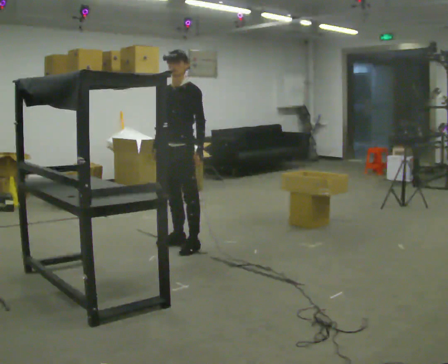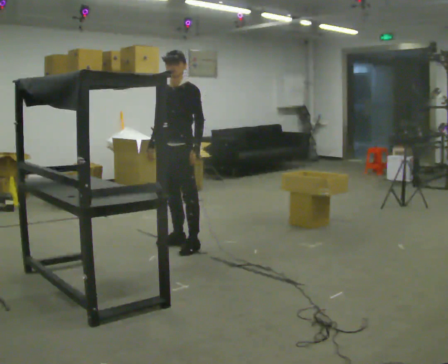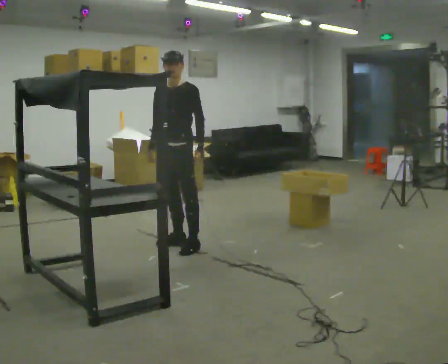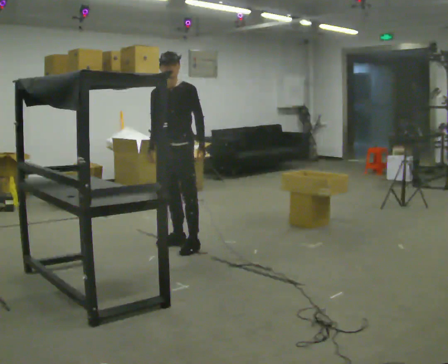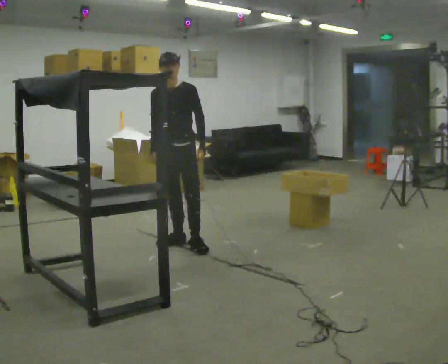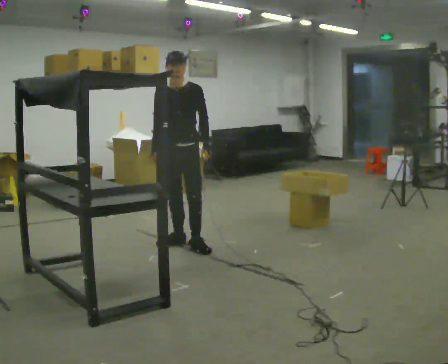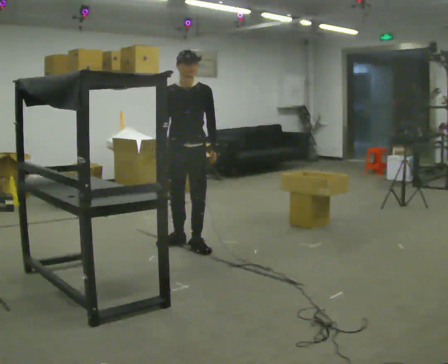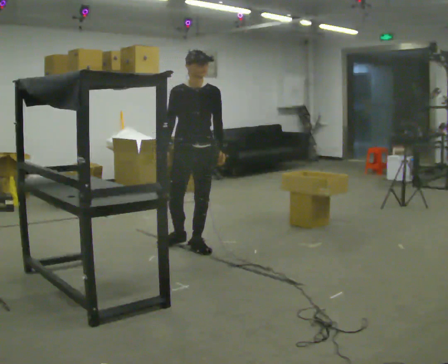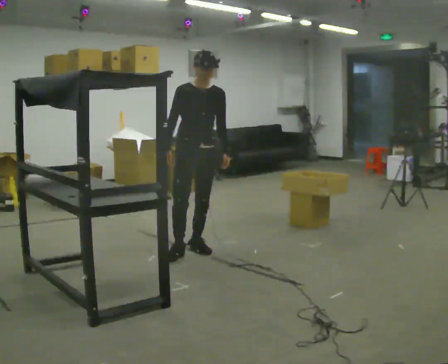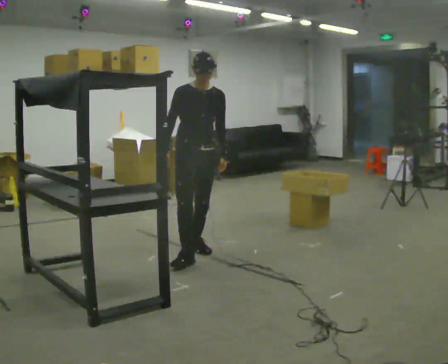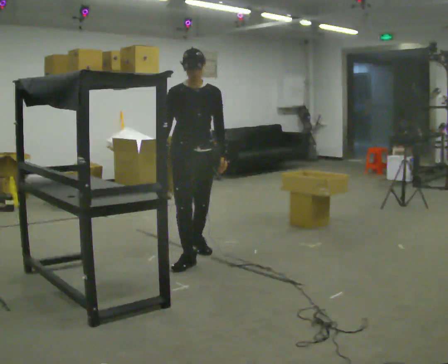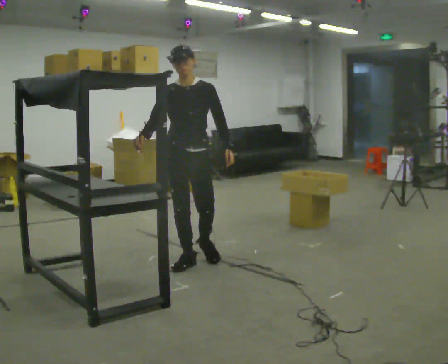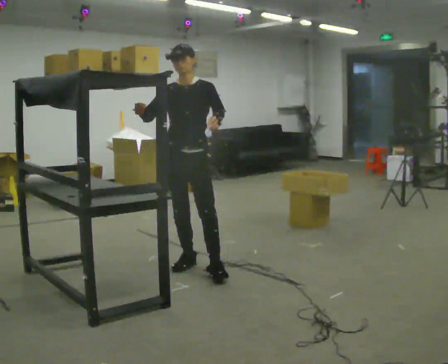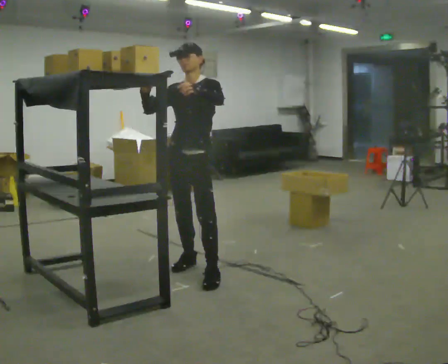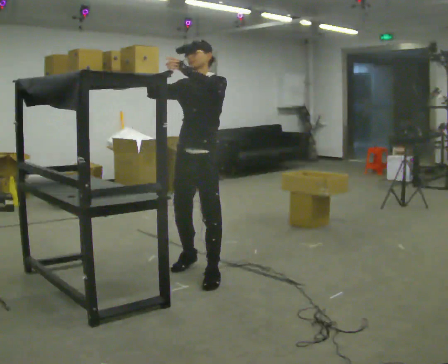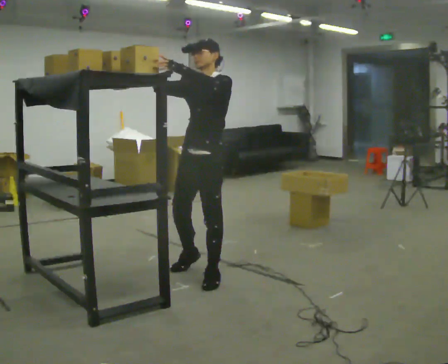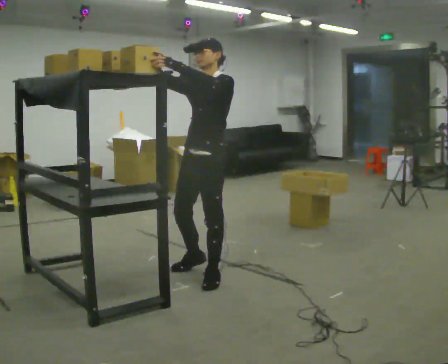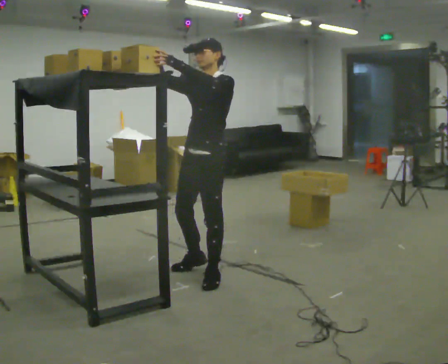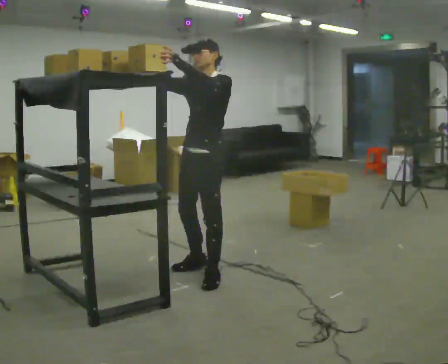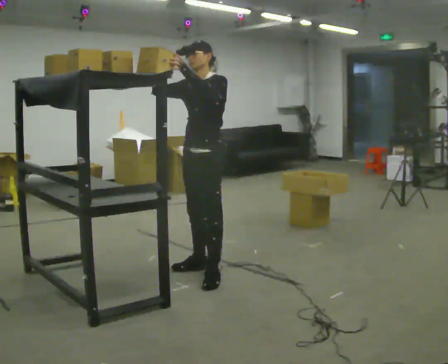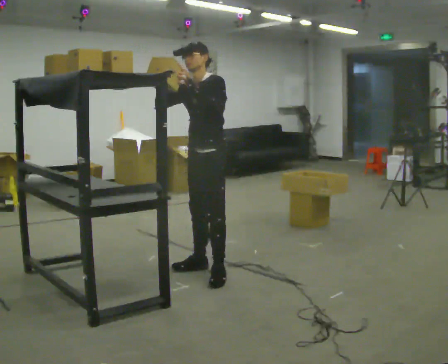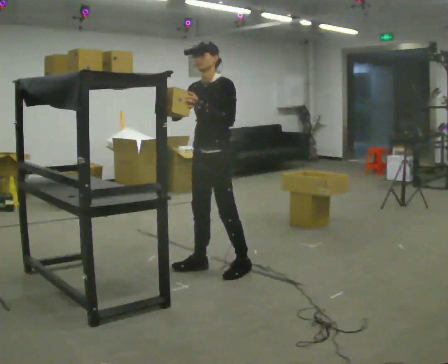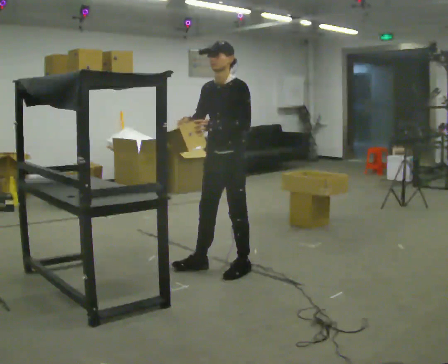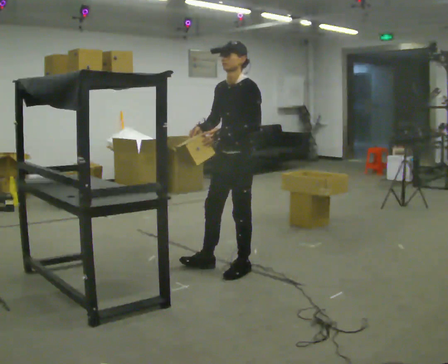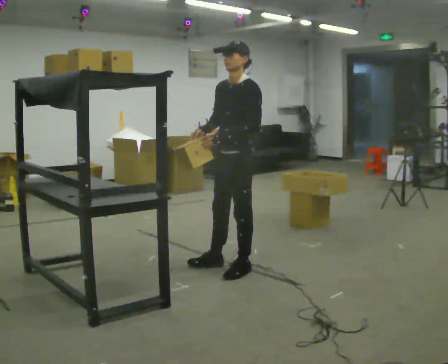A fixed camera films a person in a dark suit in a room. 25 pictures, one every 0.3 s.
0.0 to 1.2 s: The person moves a little, or ends about where they began.
1.2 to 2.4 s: The part of the body nearest the lens slides to the right as the person turns to their left by about 30 degrees. In the picture they go toward the camera, about 0.25 m, which for them is forward and to their left. In the picture the upper body tilts clockwise, shoulders to the right.
2.4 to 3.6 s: Seen from above the body turns clockwise, about 30 degrees: to their right, with its near side sliding to the left. In the picture they go toward the camera, about 0.5 m in 1 step, which for them is forward. In the picture their left hand goes upward.
3.6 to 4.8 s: The part of the body nearest the lens slides to the left as the person turns to their right by about 30 degrees. In the picture they go toward the camera, about 0.5 m in 2 steps, which for them is to their left and forward. In the picture their left hand goes upward.
4.8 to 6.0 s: In the picture they go away from the camera, about 0.25 m, which for them is backward and to their right.
6.0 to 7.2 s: In the picture they go to the right, about 0.25 m in 2 steps, which for them is to their left and backward. In the picture their right hand goes downward.
The film runs forward here.
